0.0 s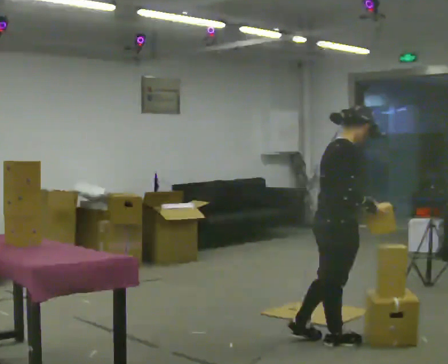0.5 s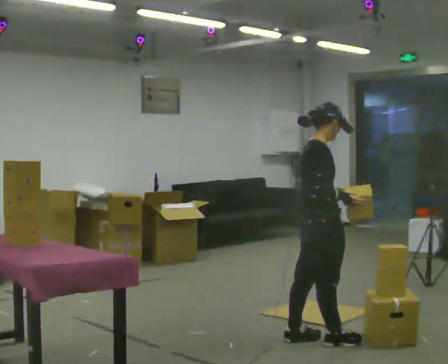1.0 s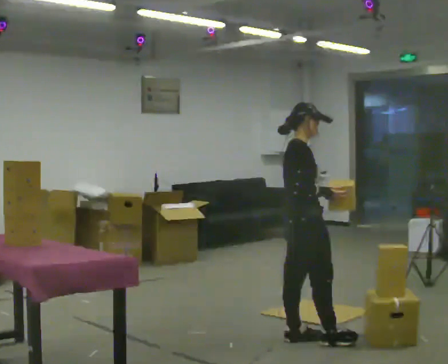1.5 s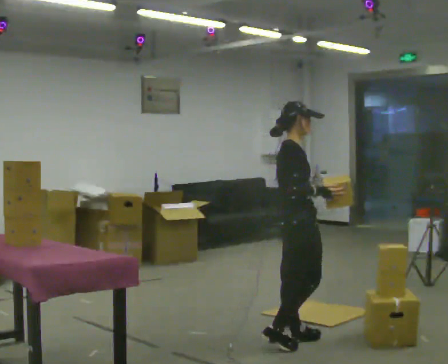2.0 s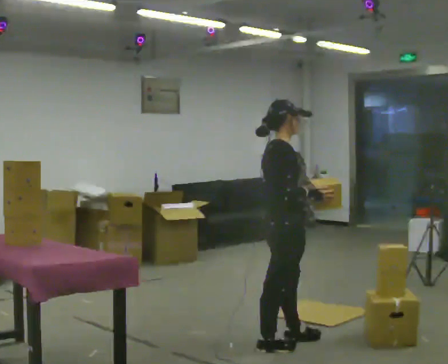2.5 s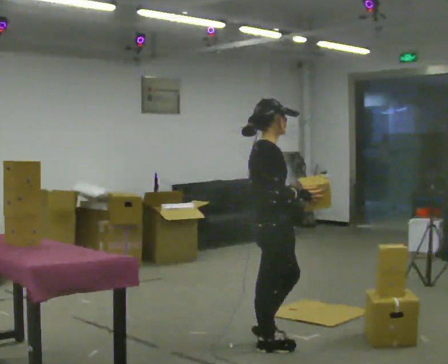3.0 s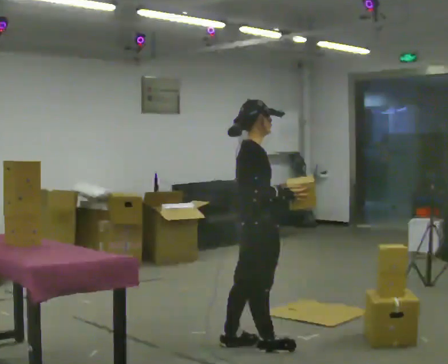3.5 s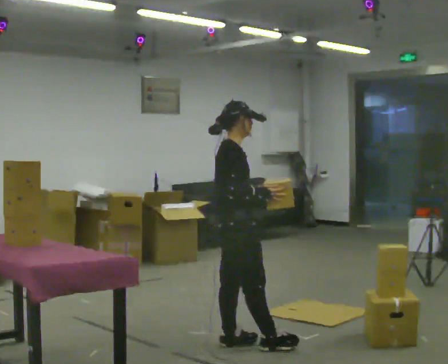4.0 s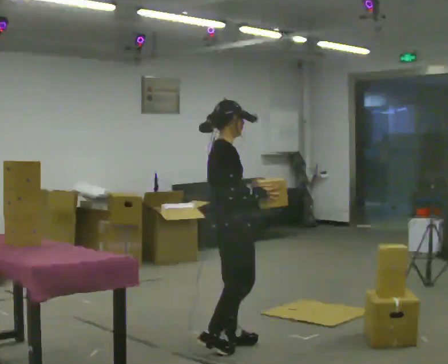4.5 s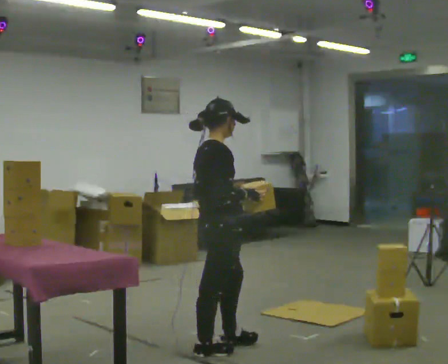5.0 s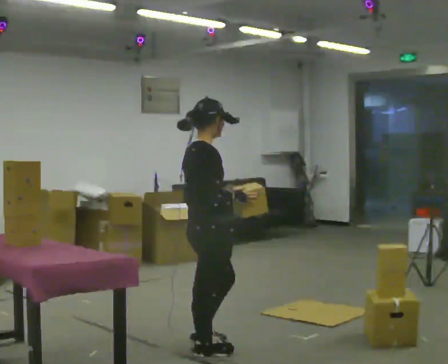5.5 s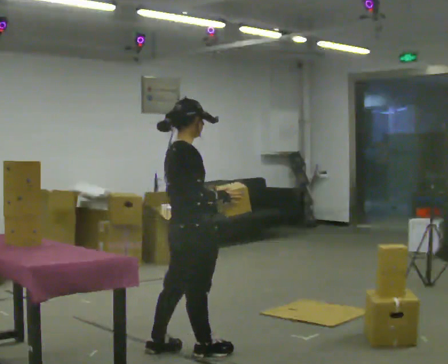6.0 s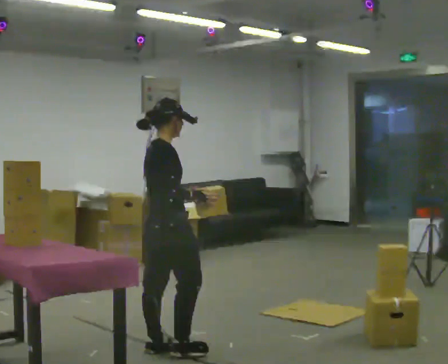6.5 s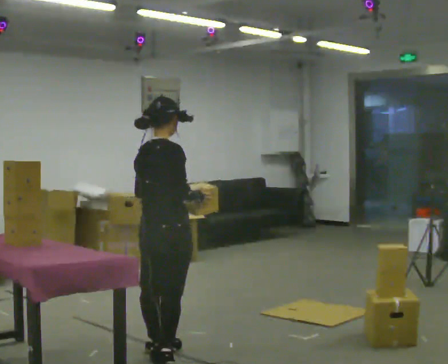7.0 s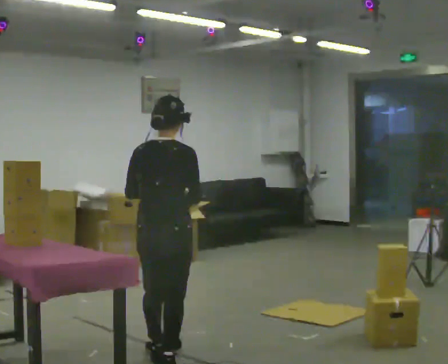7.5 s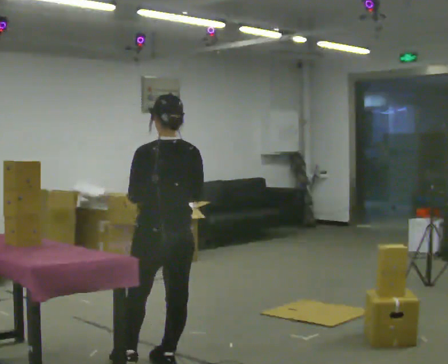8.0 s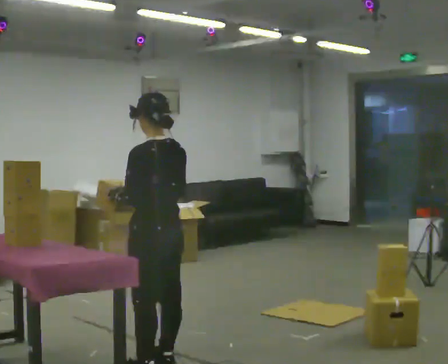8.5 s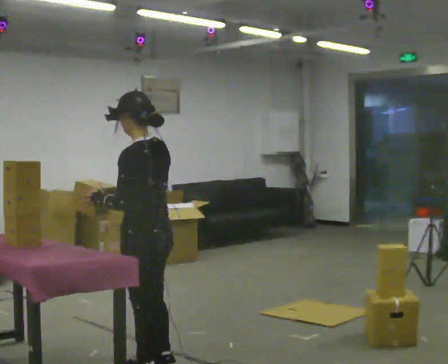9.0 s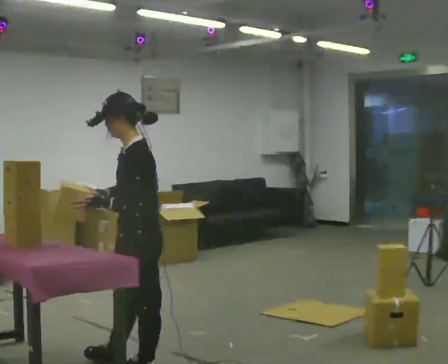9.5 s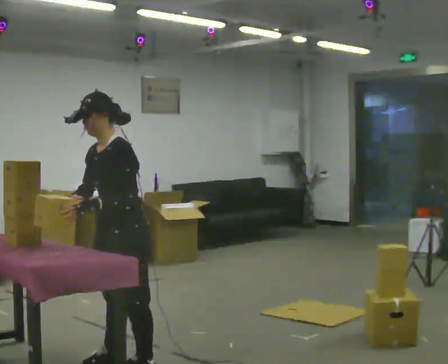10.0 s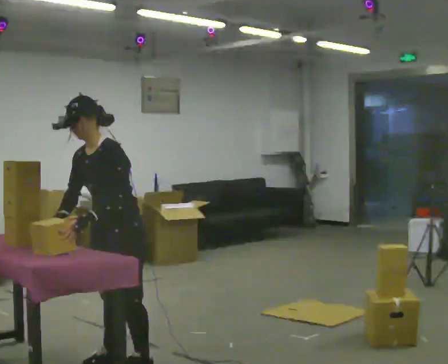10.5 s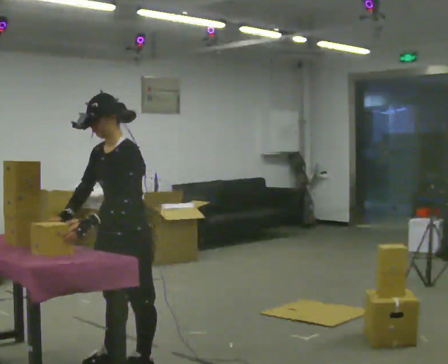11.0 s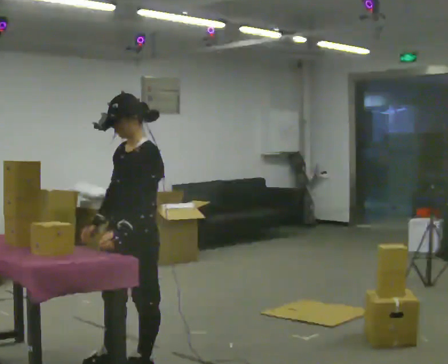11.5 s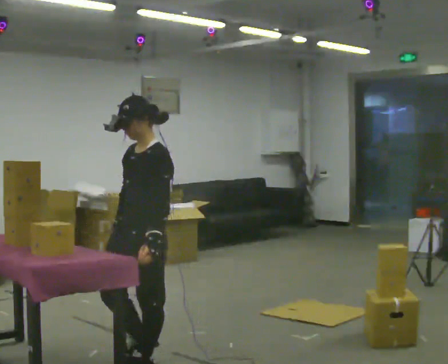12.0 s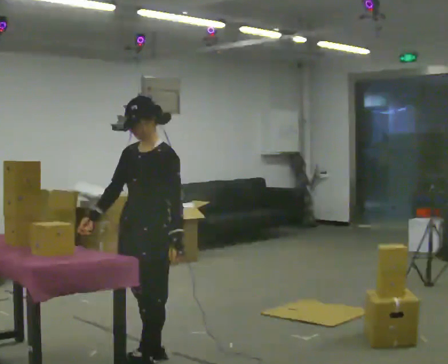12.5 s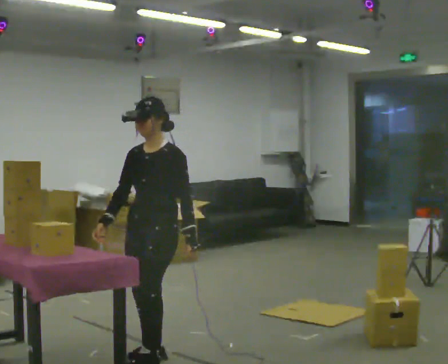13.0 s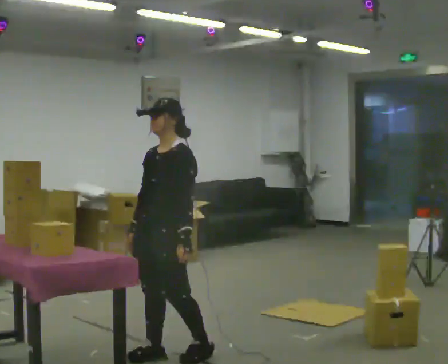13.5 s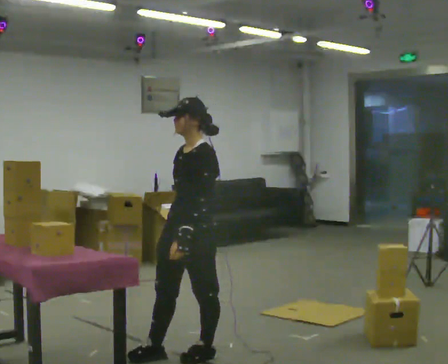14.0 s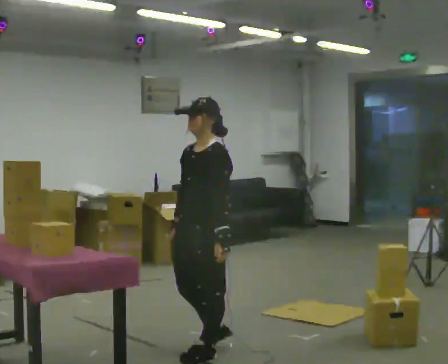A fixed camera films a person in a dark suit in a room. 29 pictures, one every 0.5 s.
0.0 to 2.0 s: In the picture they go to the left, about 0.25 m in 1 step, which for them is backward.
2.0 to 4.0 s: In the picture they go to the left, about 0.25 m in 2 steps, which for them is backward.
4.0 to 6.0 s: In the picture they go to the left, about 0.5 m in 2 steps, which for them is backward.
6.0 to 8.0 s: The part of the body nearest the lens slides to the right as the person turns to their left by about 120 degrees. In the picture they go toward the camera, about 0.25 m in 1 step.
8.0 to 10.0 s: The person turns about 75 degrees to their left, counterclockwise seen from above, so the part of the body nearest the lens slides to the right. In the picture they go to the left, about 0.25 m in 1 step. In the picture the upper body tilts counterclockwise, shoulders to the left, as they bend forward. In the picture their right hand goes to the left.
10.0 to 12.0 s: In the picture they go to the right, about 0.25 m in 1 step, which for them is backward. In the picture the upper body tilts clockwise, shoulders to the right, as they lean back or straighten. In the picture their left hand goes to the right.
12.0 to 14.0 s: In the picture they go to the right, about 0.25 m in 2 steps, which for them is backward.
The film runs backward here.
